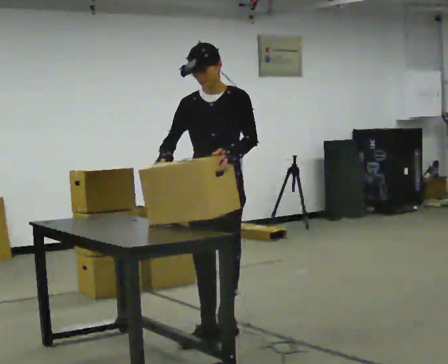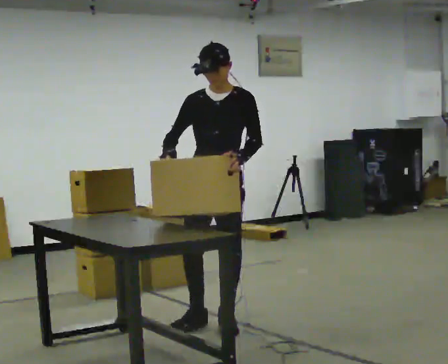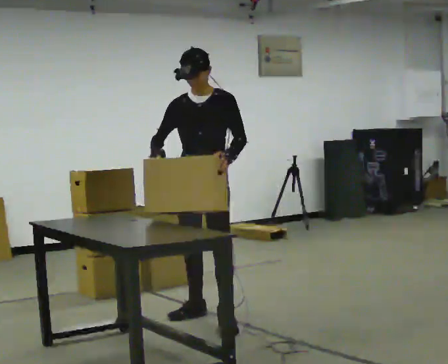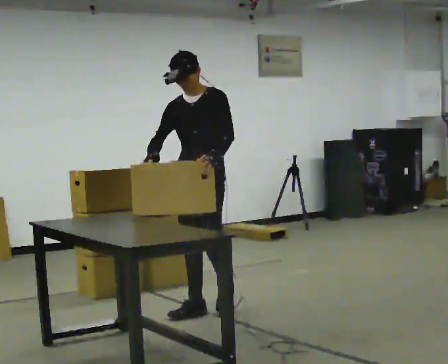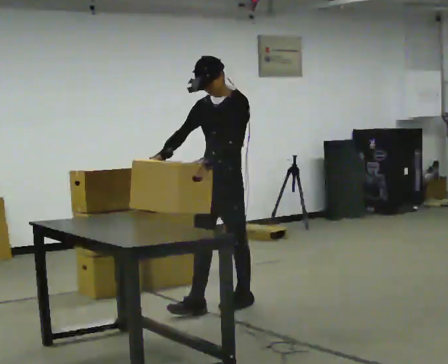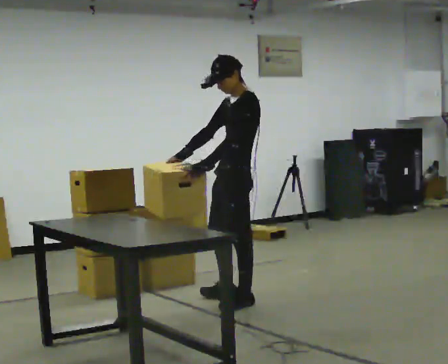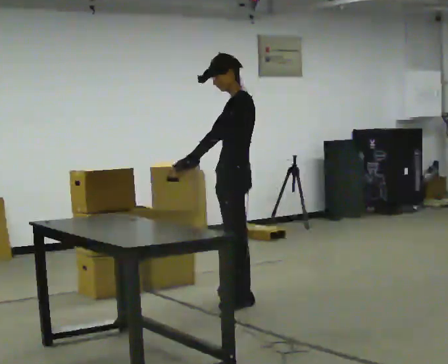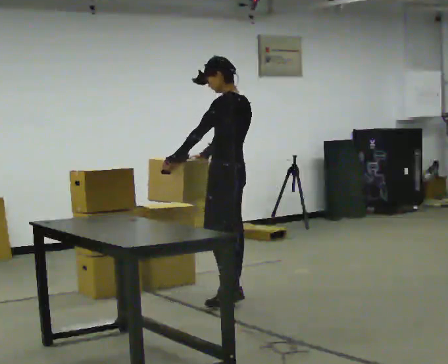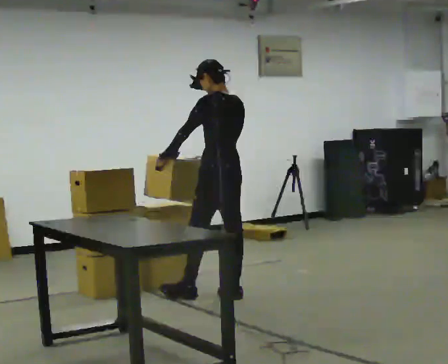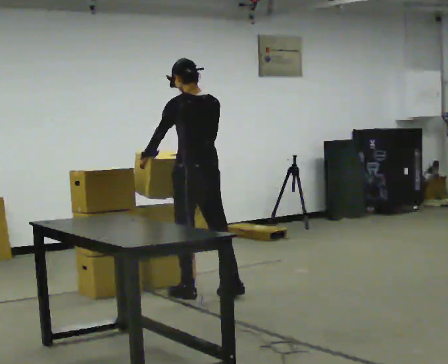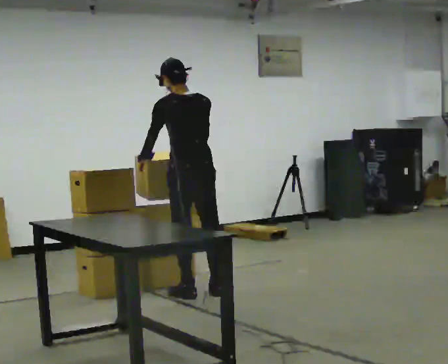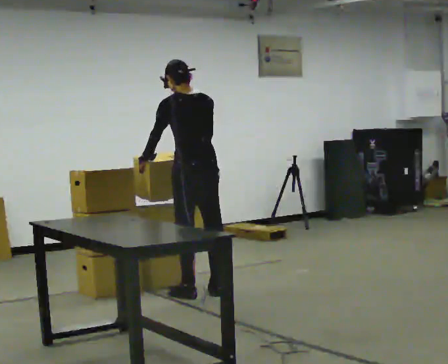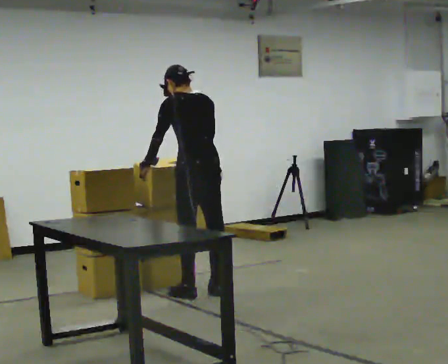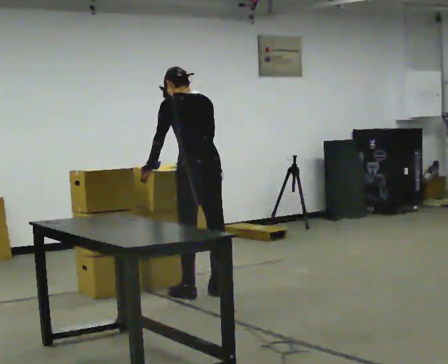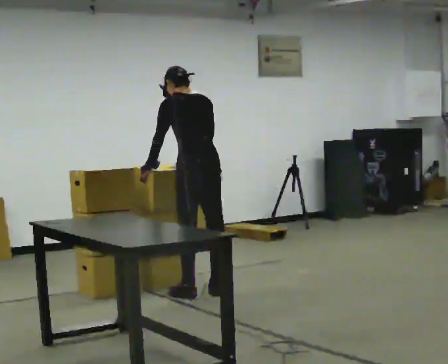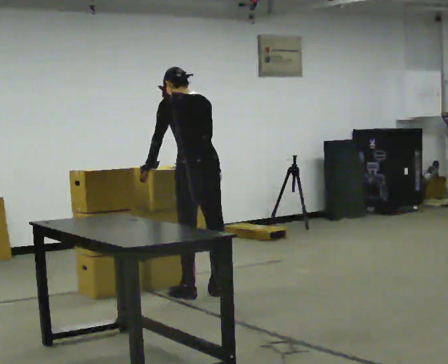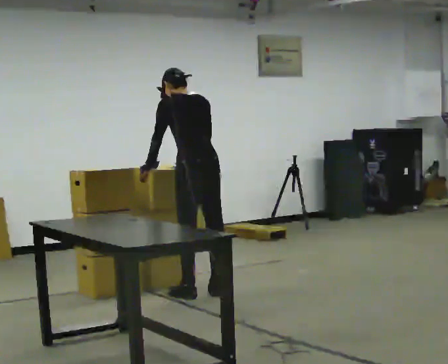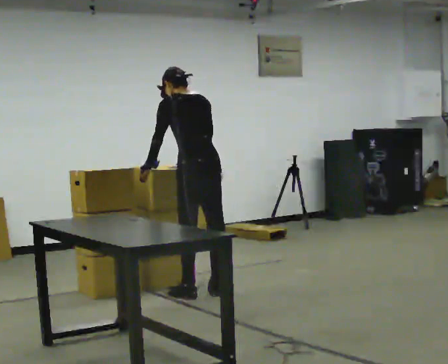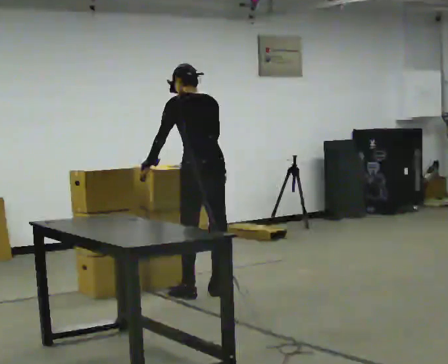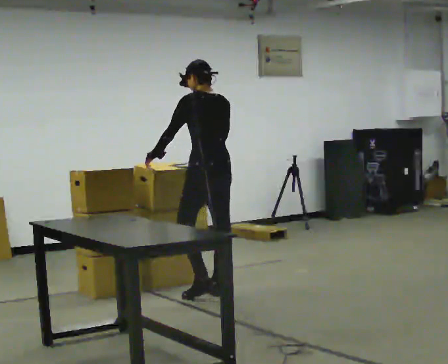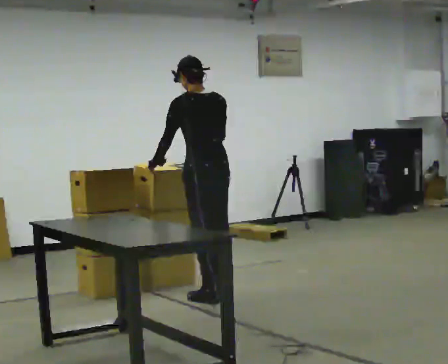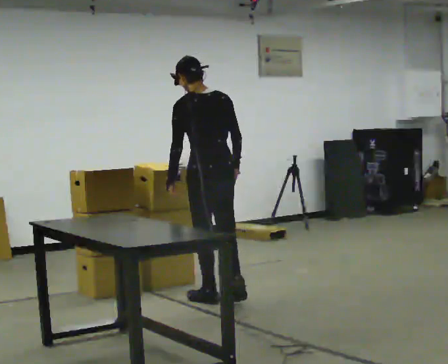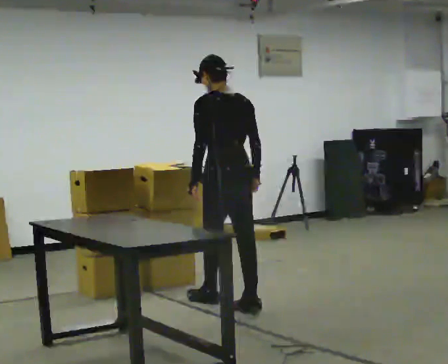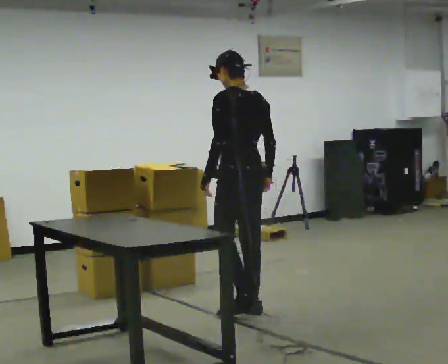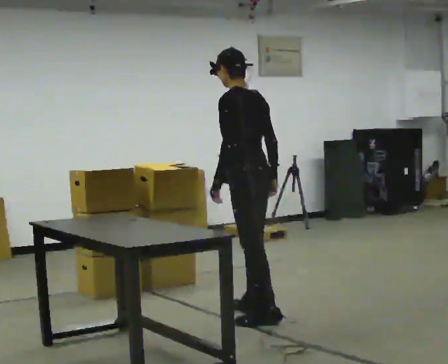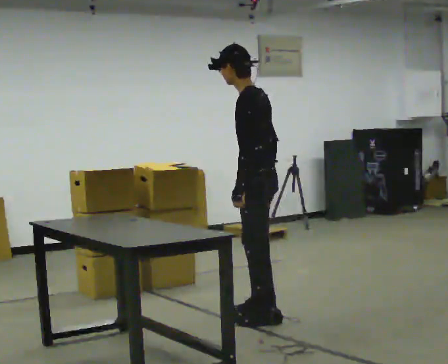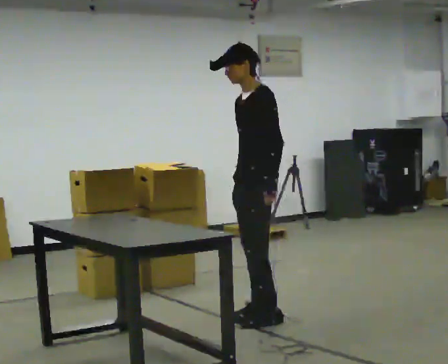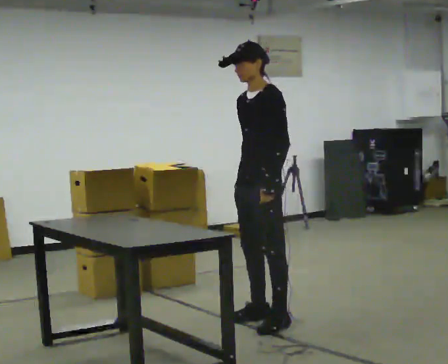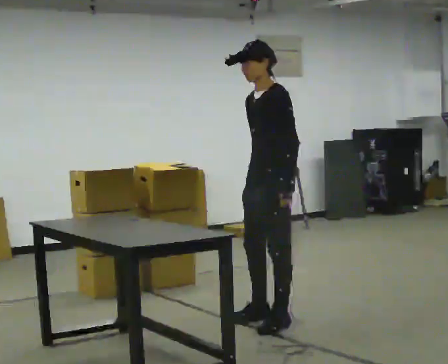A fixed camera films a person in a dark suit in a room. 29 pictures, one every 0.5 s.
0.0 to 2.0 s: The part of the body nearest the lens slides to the left as the person turns to their right by about 30 degrees. In the picture they go away from the camera, about 0.5 m in 2 steps, which for them is backward.
2.0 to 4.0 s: The person turns about 90 degrees to their right, clockwise seen from above, so the part of the body nearest the lens slides to the left. In the picture they go away from the camera, about 0.25 m in 2 steps.
4.0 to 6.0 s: In the picture they go to the left, about 0.25 m in 1 step, which for them is to their left.
6.0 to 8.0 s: The person moves a little, or ends about where they began.
8.0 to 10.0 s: In the picture they go toward the camera, about 0.25 m in 1 step, which for them is backward.
10.0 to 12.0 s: The person turns about 30 degrees to their left, counterclockwise seen from above, so the part of the body nearest the lens slides to the right. In the picture they go toward the camera and to the right, about 0.5 m in 2 steps, which for them is backward.
12.0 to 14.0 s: The part of the body nearest the lens slides to the right as the person turns to their left by about 60 degrees. In the picture they go toward the camera, about 0.25 m, which for them is to their left. In the picture their left hand goes to the right.
The film runs backward here.
